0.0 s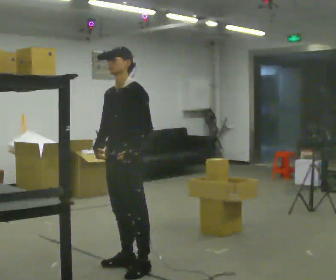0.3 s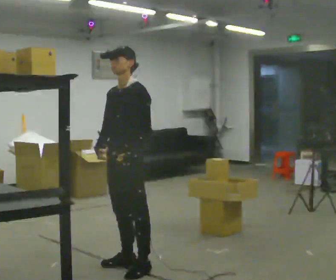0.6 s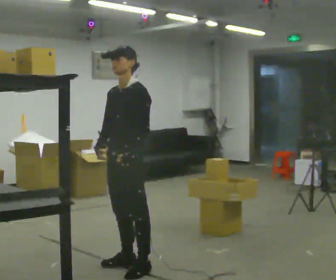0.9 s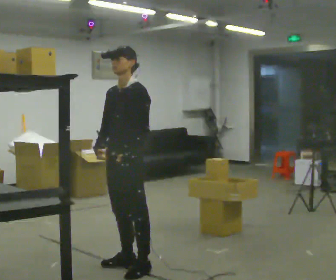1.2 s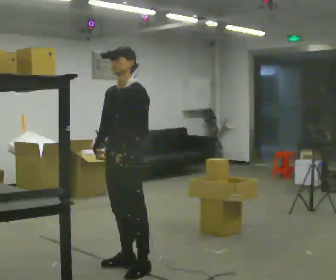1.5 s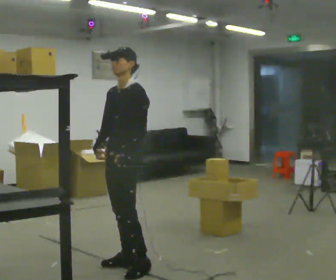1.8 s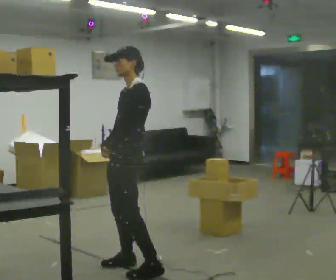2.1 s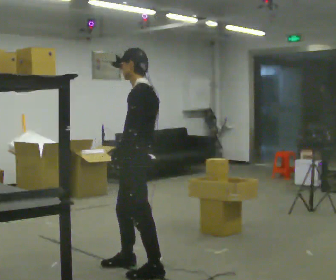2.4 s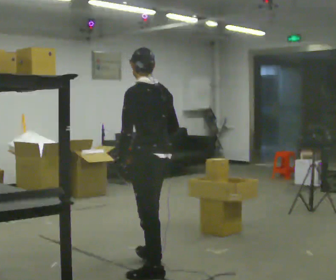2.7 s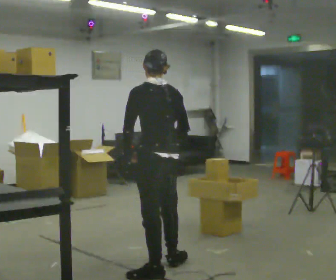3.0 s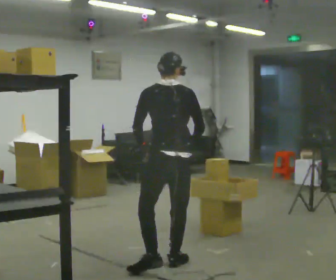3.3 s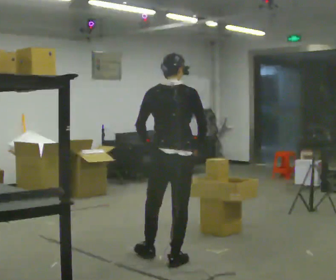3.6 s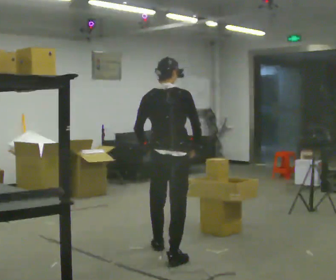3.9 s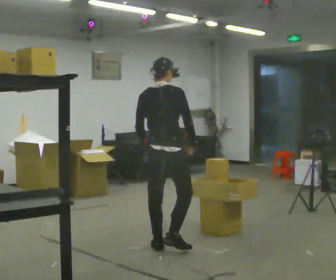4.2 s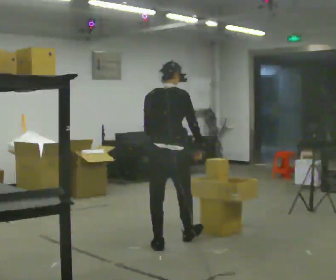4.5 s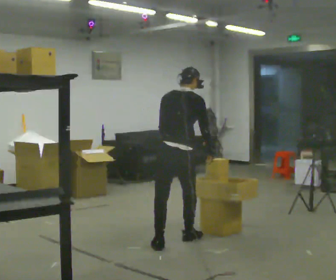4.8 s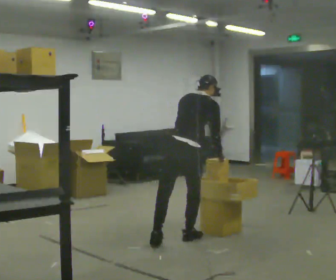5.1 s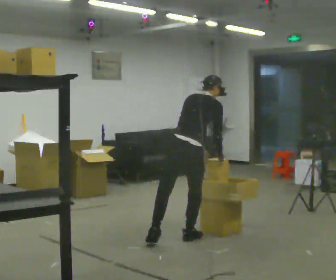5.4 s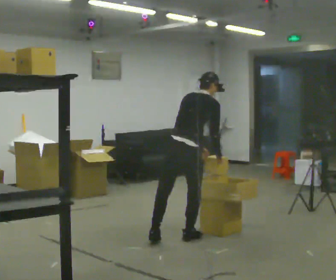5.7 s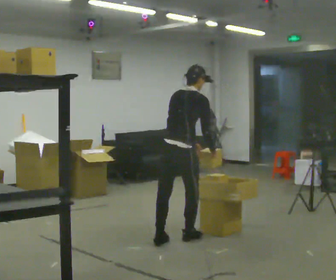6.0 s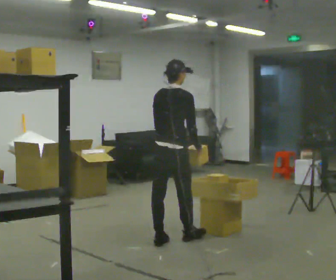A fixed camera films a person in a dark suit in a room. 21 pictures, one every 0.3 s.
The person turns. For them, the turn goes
to their right.
The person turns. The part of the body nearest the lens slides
to the left.
0.0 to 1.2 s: The person keeps their place and pose.
1.2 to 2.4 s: The person turns about 90 degrees to their right, clockwise seen from above, so the part of the body nearest the lens slides to the left. In the picture they go to the right and toward the camera, about 0.25 m in 1 step.
2.4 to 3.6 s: The person turns about 60 degrees to their right, clockwise seen from above, so the part of the body nearest the lens slides to the left. In the picture they go away from the camera, about 0.5 m in 2 steps.
3.6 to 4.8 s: In the picture they go away from the camera, about 0.5 m in 1 step, which for them is forward. The upper body tips away from the camera, its near side rolling upward, as they bend forward.
4.8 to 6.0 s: In the picture they go to the left, about 0.25 m, which for them is backward and to their left. The upper body tips toward the camera, its near side rolling downward, as they lean back or straighten.
The film runs forward here.
